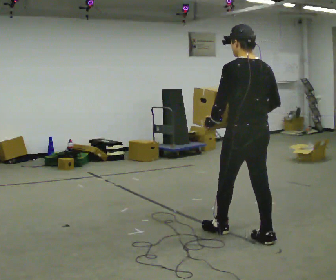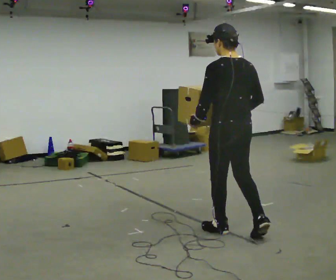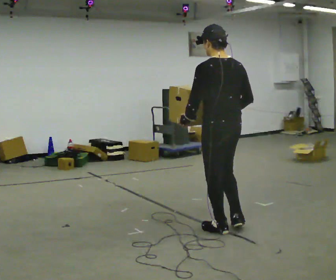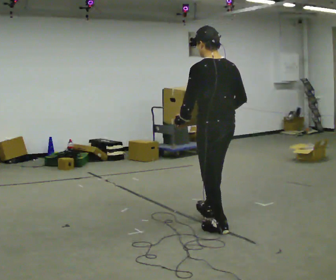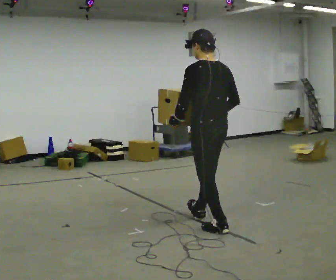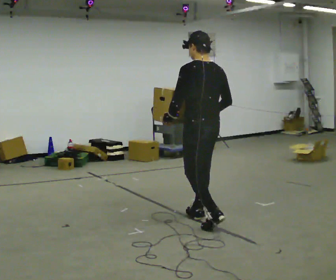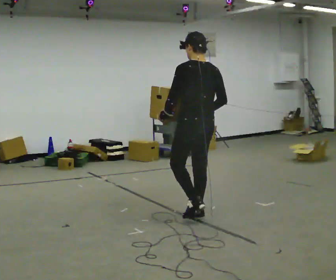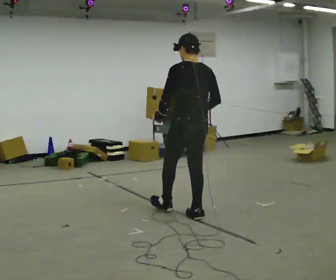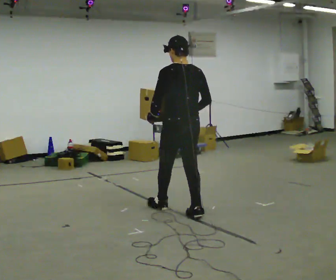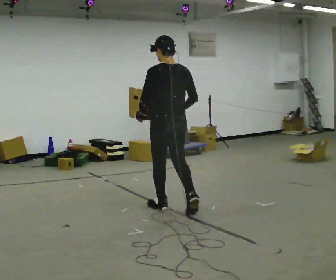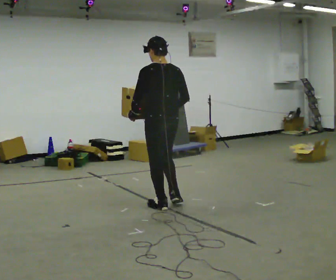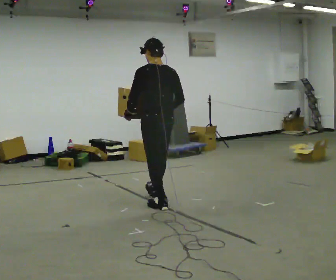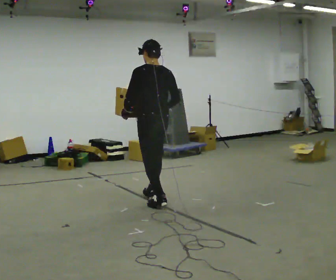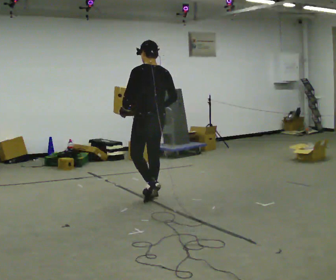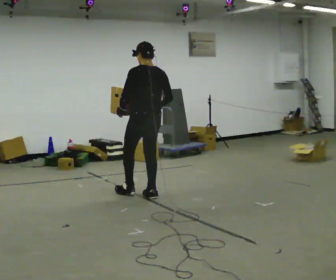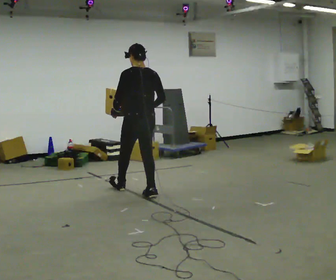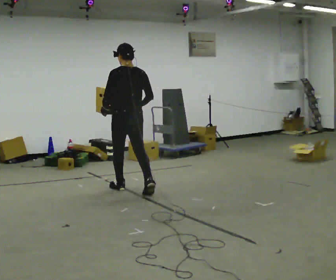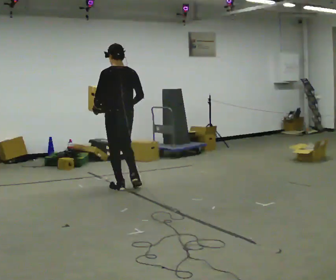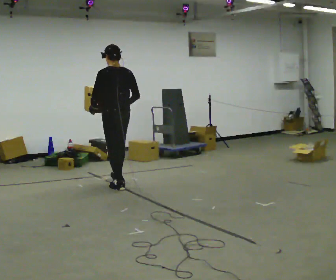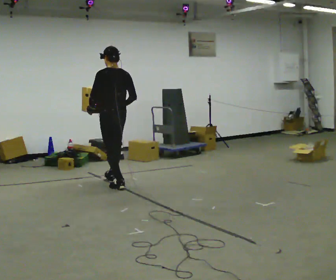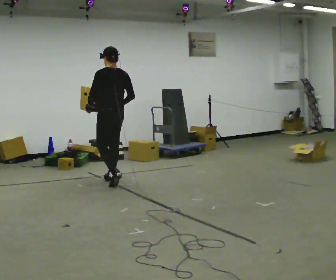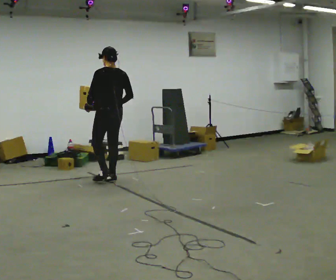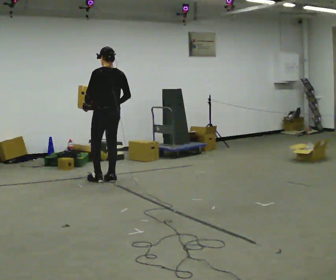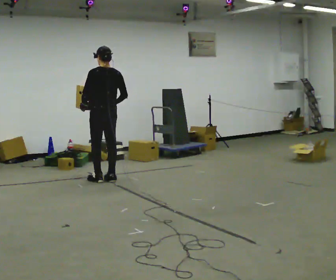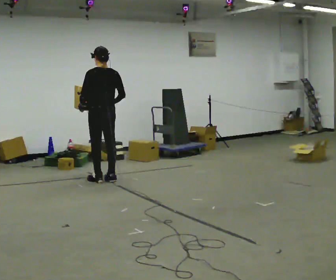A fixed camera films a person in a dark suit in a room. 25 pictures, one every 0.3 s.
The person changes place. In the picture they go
away from the camera.
0.0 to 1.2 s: In the picture they go away from the camera and to the left, about 0.5 m in 1 step, which for them is forward.
1.2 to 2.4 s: In the picture they go away from the camera and to the left, about 0.5 m in 1 step, which for them is forward.
2.4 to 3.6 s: In the picture they go away from the camera and to the left, about 0.5 m in 1 step, which for them is forward.
3.6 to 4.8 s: In the picture they go away from the camera and to the left, about 0.5 m in 1 step, which for them is forward.
4.8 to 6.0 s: In the picture they go away from the camera and to the left, about 0.5 m in 1 step, which for them is forward.
6.0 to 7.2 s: The person moves a little, or ends about where they began.
The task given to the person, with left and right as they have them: Carry the heaviest box in both hands in front of you, walking back and forth across the room. Only carry what is comfortable. Set it down whenever you need to.
The film runs forward here.
